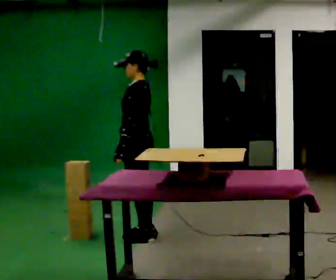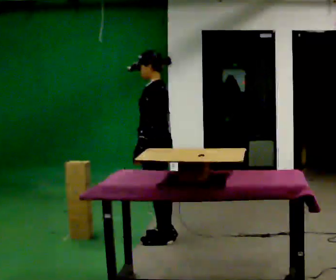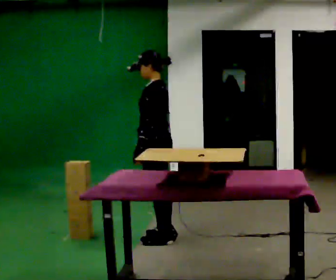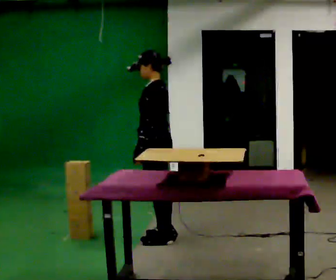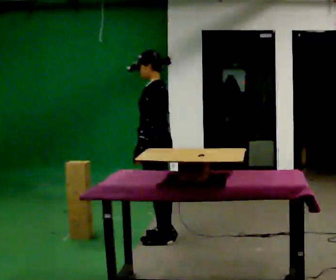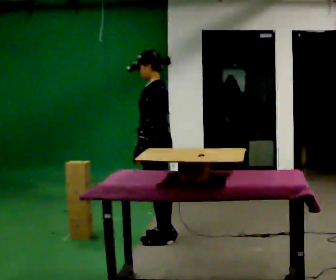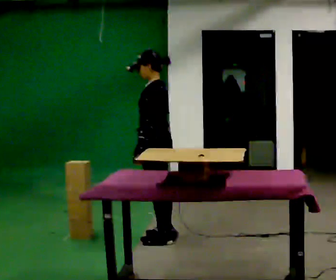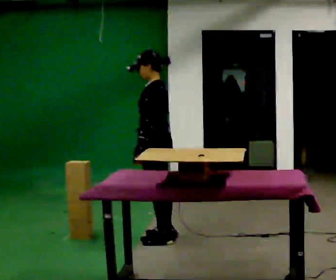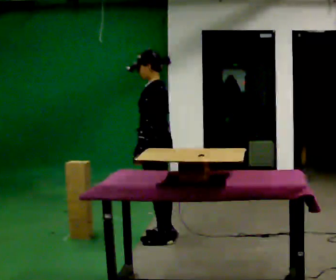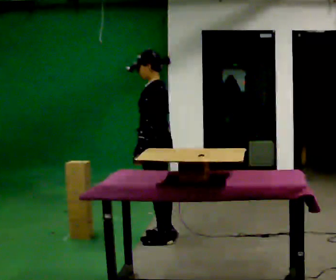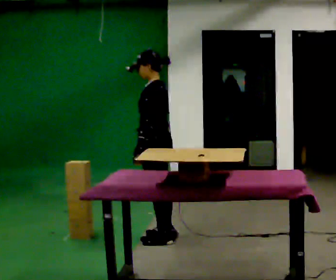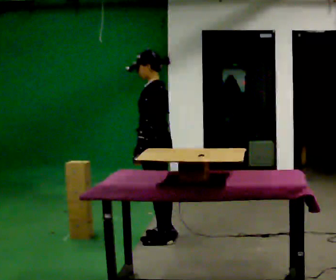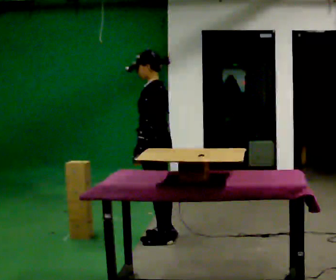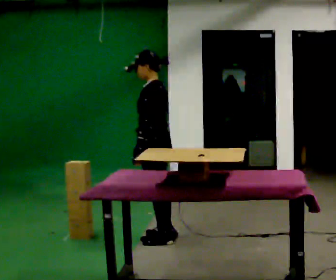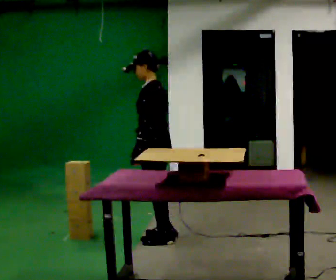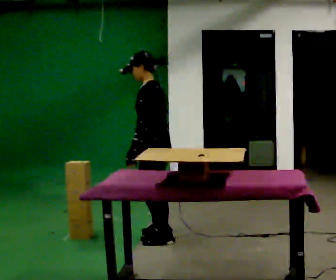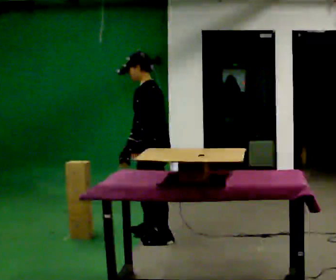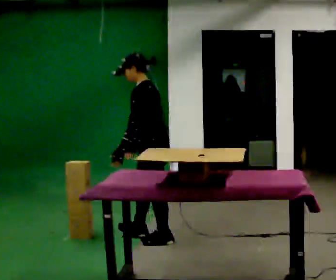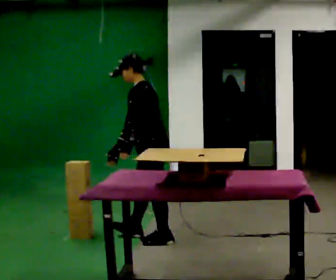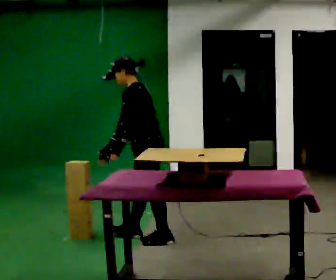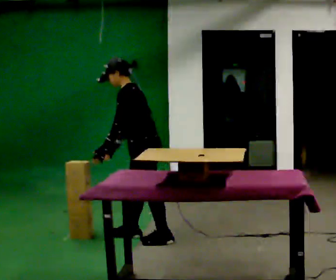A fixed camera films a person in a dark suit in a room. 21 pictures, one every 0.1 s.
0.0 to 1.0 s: In the picture they go to the right, about 0.25 m, which for them is backward.
1.0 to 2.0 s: In the picture the upper body tilts counterclockwise, shoulders to the left, as they bend forward. In the picture their right hand goes to the left.
The film runs forward here.
